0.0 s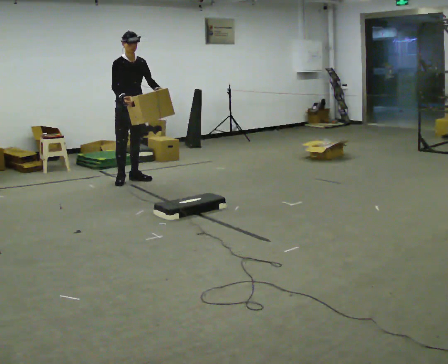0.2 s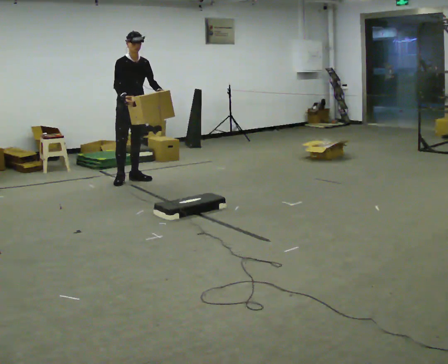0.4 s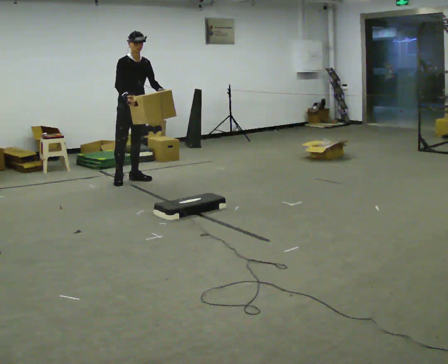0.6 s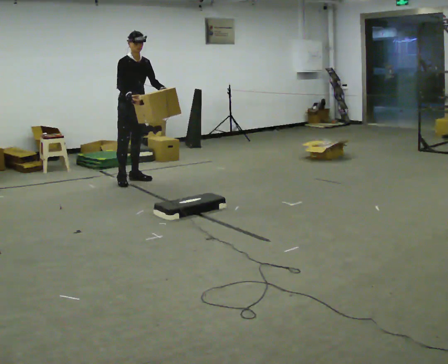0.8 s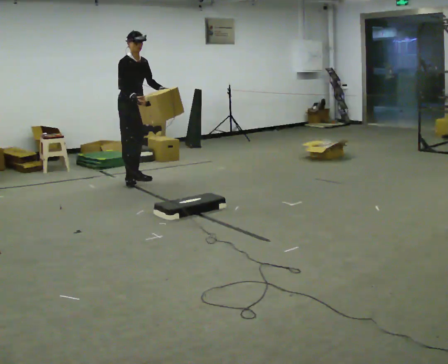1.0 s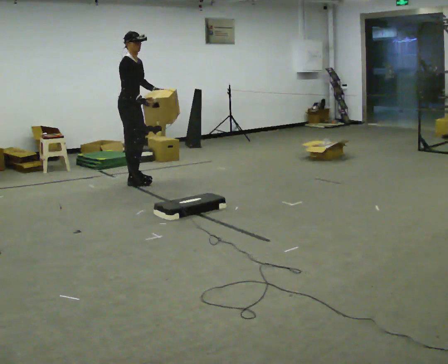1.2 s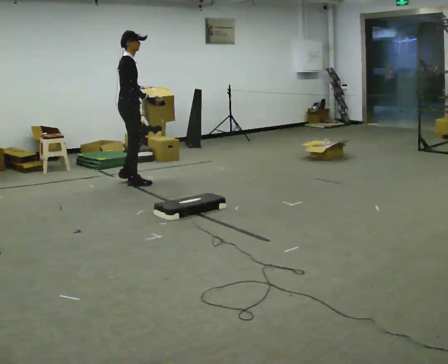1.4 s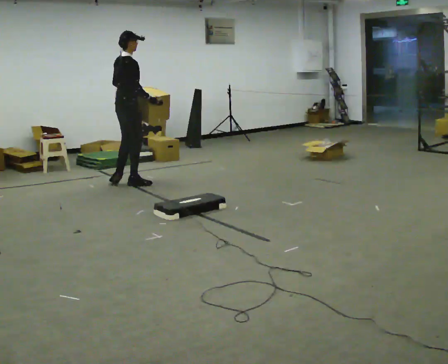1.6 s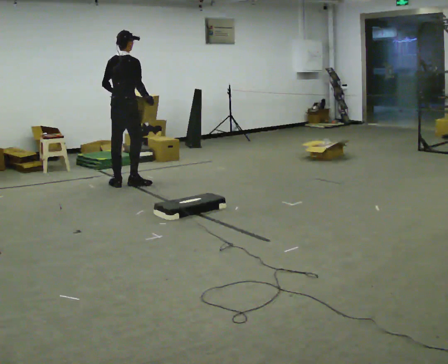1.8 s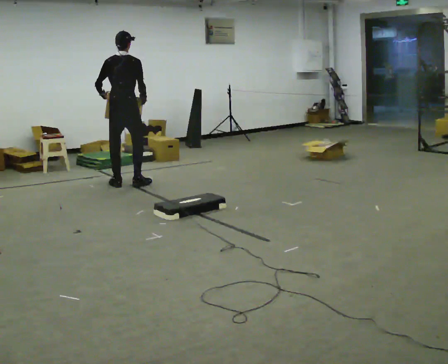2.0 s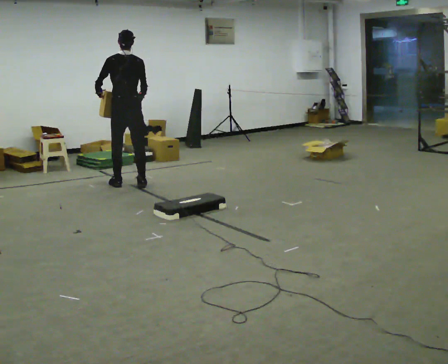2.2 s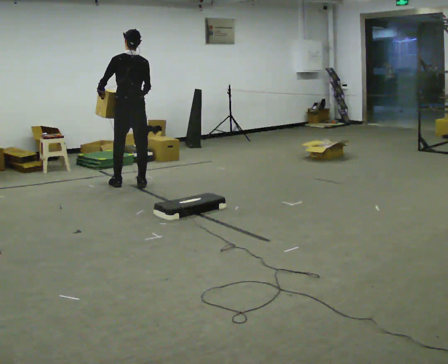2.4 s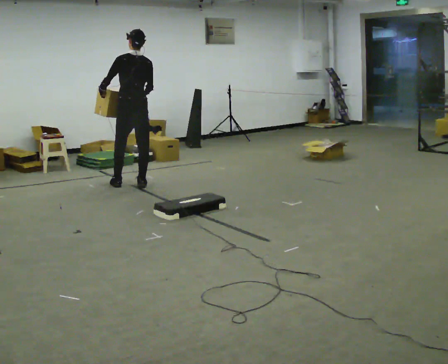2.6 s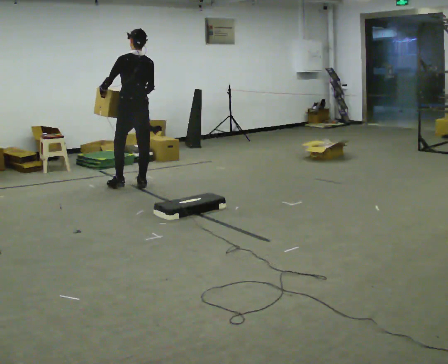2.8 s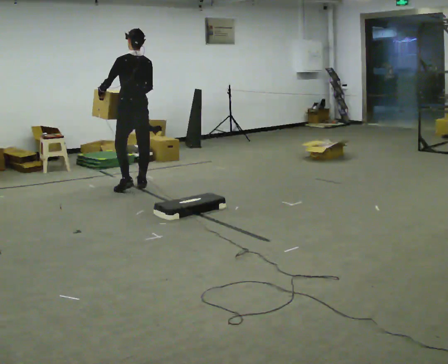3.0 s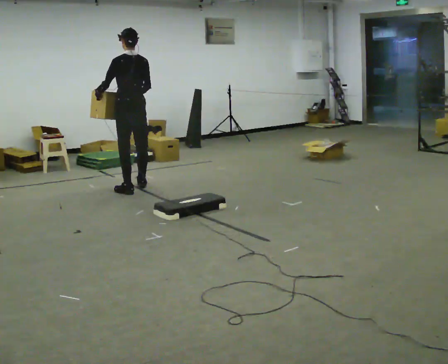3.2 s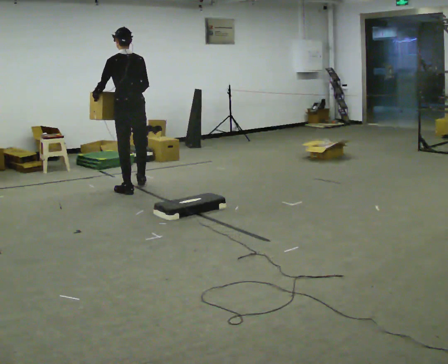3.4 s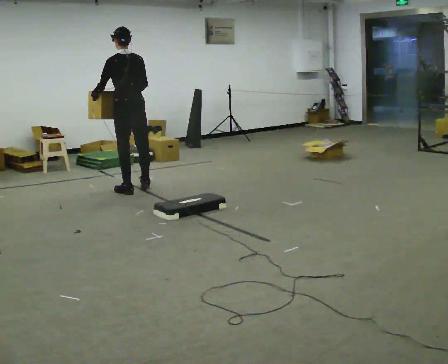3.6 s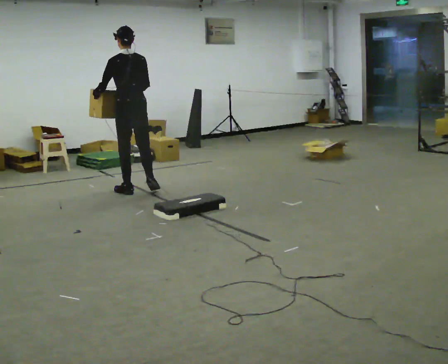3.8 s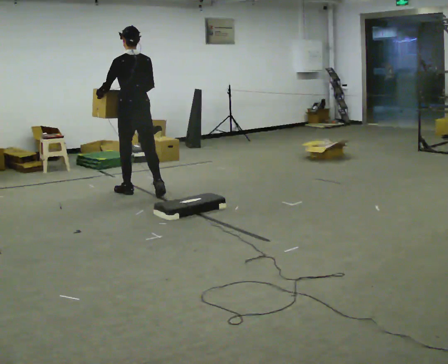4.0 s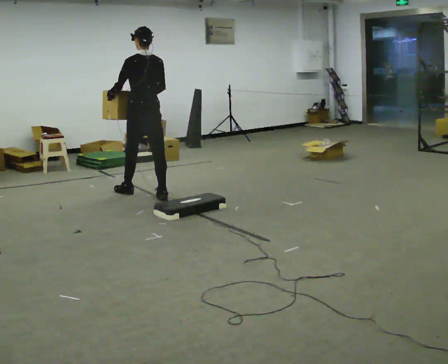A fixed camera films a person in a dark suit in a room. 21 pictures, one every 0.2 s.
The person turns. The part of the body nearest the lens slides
to the right.
The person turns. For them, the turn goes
to their left.
0.0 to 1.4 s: Seen from above the body turns counterclockwise, about 90 degrees: to their left, with its near side sliding to the right. In the picture they go toward the camera, about 0.25 m in 2 steps.
1.4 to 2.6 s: The person turns about 75 degrees to their left, counterclockwise seen from above, so the part of the body nearest the lens slides to the right. In the picture they go toward the camera, about 0.25 m in 2 steps. In the picture their left hand goes to the left, the arm swinging clockwise.
2.6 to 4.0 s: In the picture they go toward the camera, about 0.5 m in 1 step, which for them is backward.
The film runs backward here.
